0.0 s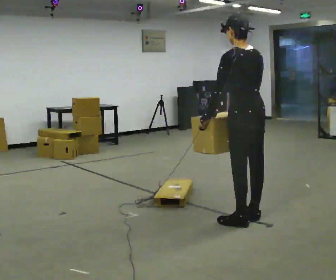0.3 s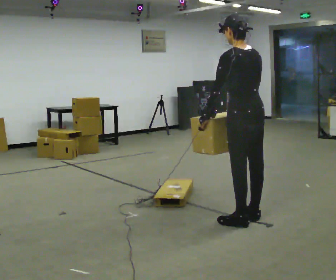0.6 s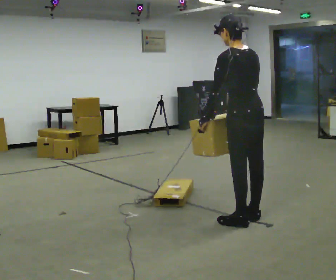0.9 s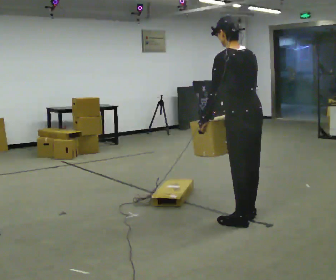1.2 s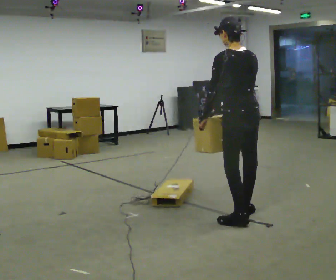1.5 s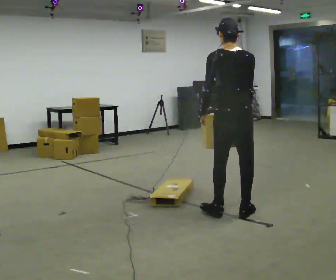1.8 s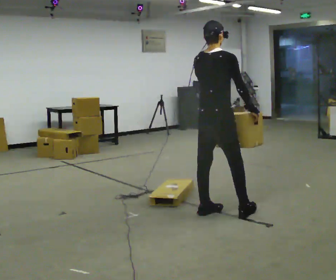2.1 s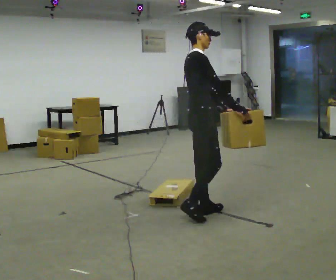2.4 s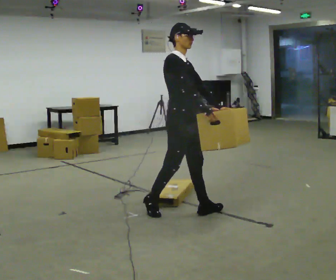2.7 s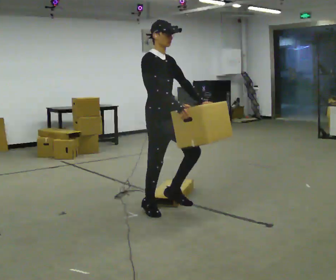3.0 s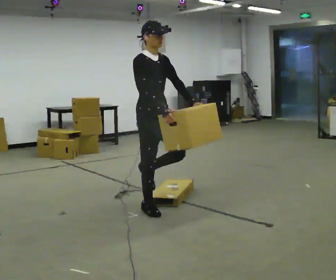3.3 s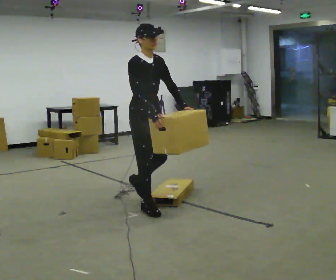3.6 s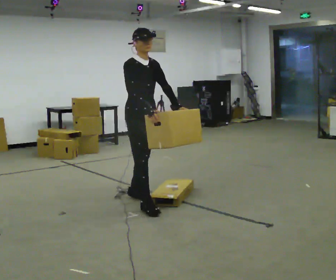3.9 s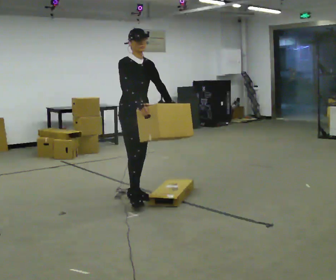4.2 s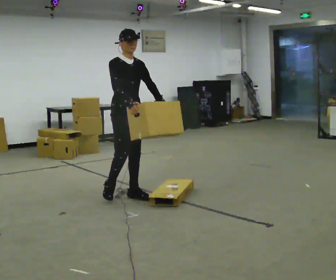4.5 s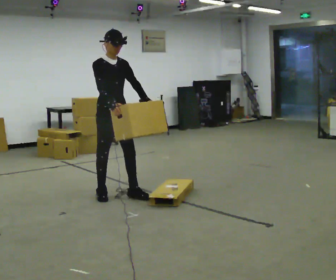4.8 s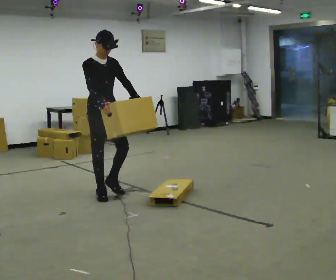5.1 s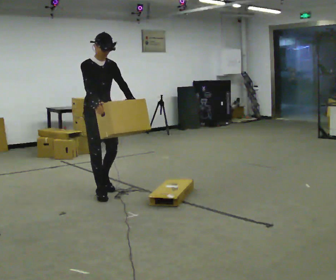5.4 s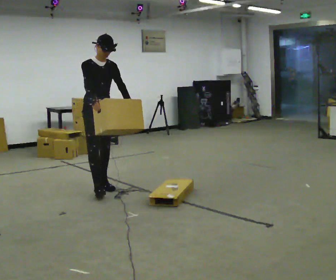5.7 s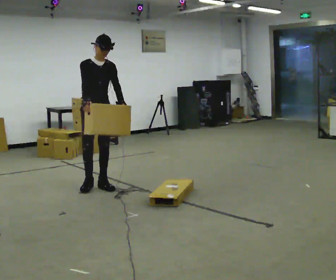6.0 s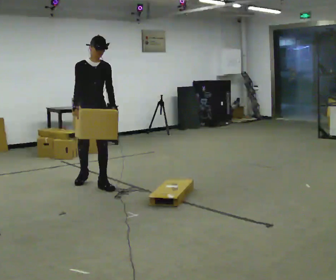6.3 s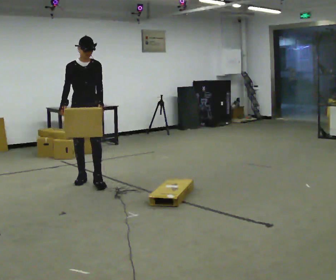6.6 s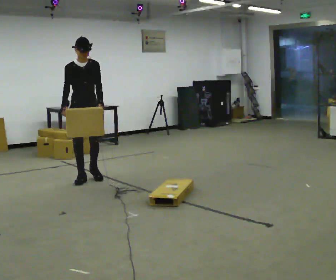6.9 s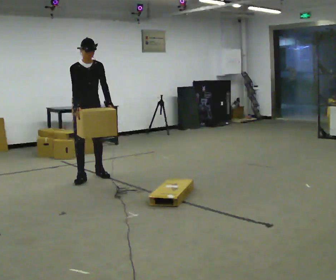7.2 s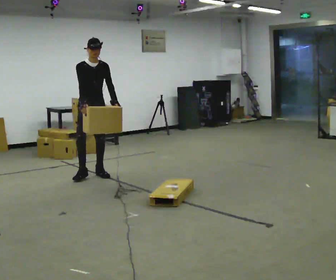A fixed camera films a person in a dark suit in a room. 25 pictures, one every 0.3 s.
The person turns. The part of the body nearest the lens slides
to the left.
The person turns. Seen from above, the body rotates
clockwise.
0.0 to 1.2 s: The person moves a little, or ends about where they began.
1.2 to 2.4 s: The part of the body nearest the lens slides to the left as the person turns to their right by about 135 degrees. In the picture they go to the left and away from the camera, about 0.75 m in 2 steps.
2.4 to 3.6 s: In the picture they go to the left and away from the camera, about 0.5 m in 1 step, which for them is backward.
3.6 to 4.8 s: In the picture they go to the left and away from the camera, about 0.5 m in 2 steps, which for them is backward.
4.8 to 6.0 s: In the picture they go away from the camera, about 0.5 m in 1 step, which for them is backward.
6.0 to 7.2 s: In the picture they go away from the camera, about 0.5 m in 2 steps, which for them is backward.
The film runs backward here.
